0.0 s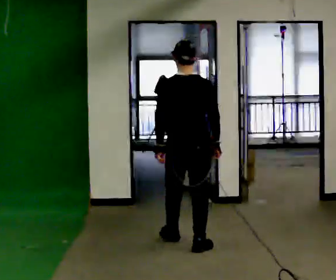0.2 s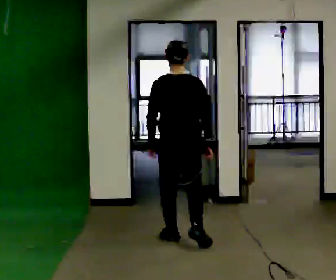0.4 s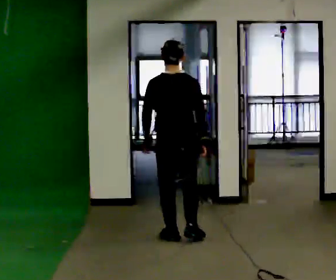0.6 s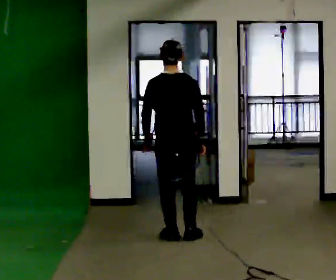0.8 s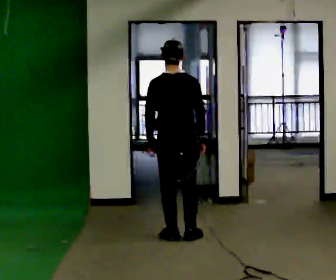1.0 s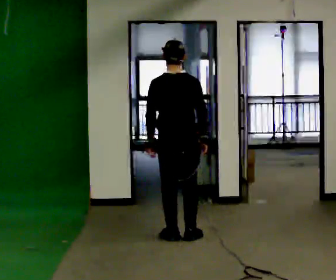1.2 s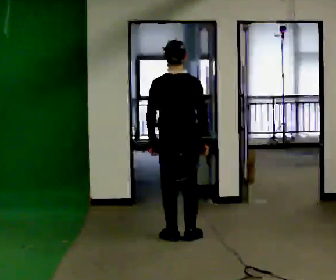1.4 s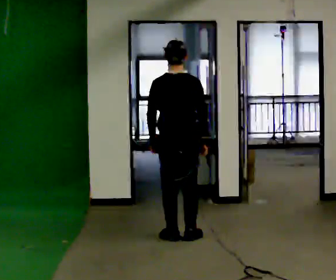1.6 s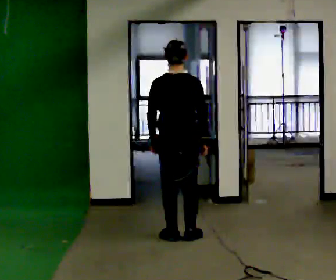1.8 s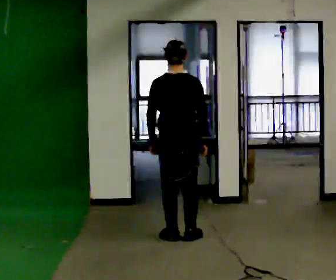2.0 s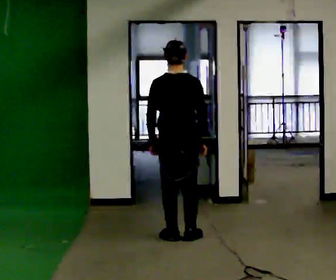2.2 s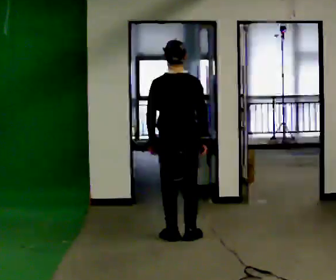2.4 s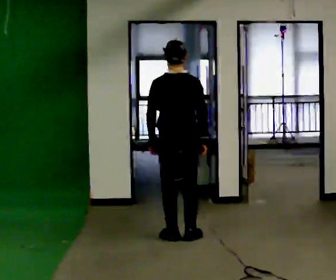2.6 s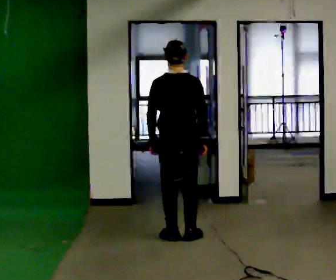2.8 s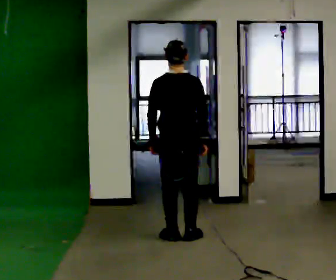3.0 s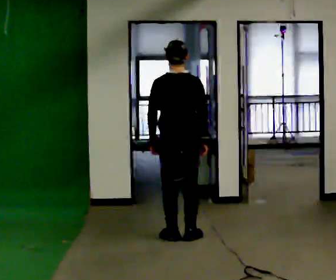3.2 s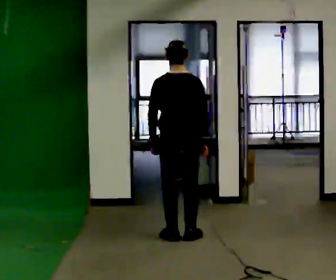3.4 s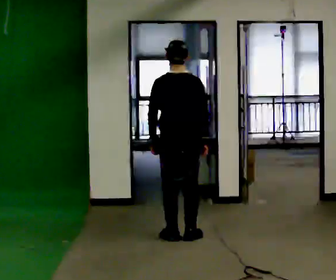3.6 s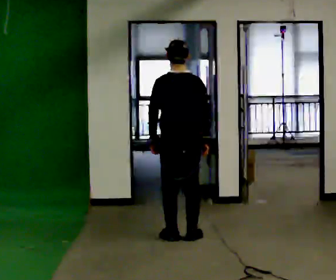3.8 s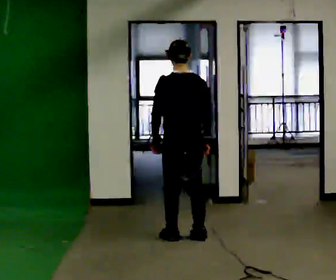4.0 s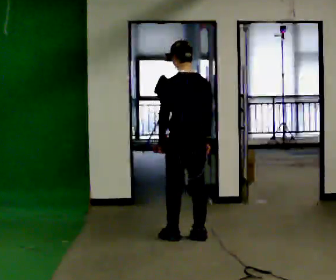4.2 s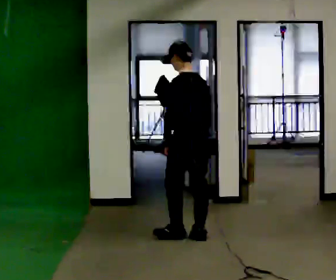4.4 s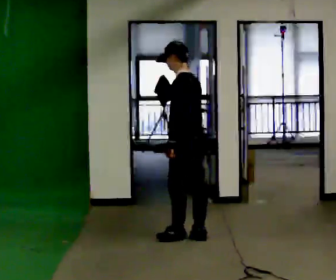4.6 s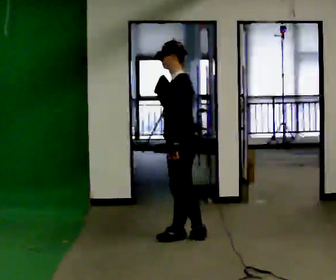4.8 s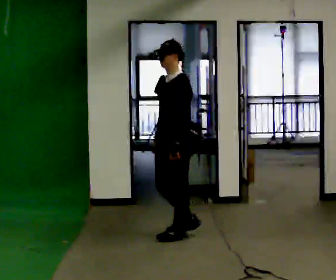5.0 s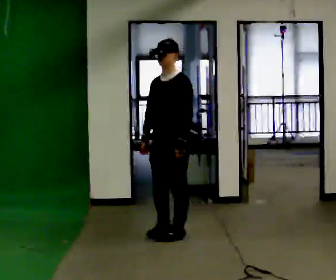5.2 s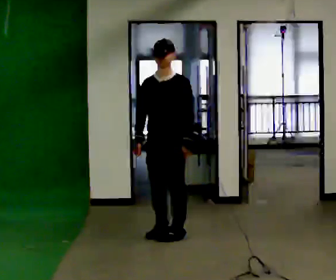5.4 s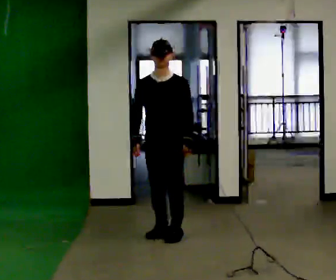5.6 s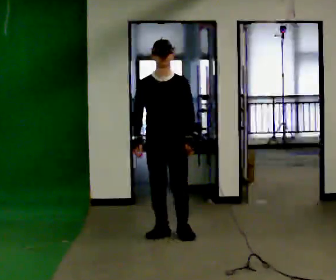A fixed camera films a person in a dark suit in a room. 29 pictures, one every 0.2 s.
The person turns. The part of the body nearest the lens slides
to the right.
The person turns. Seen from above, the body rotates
counterclockwise.
0.0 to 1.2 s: In the picture they go away from the camera, about 0.25 m in 1 step, which for them is forward.
1.2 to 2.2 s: The person moves a little, or ends about where they began.
2.2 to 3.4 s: The person keeps their place and pose.
3.4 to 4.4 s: The person turns about 60 degrees to their left, counterclockwise seen from above, so the part of the body nearest the lens slides to the right.
4.4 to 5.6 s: The person turns about 105 degrees to their left, counterclockwise seen from above, so the part of the body nearest the lens slides to the right. In the picture they go to the left, about 0.25 m in 1 step. In the picture their right hand goes to the left.
The film runs forward here.
